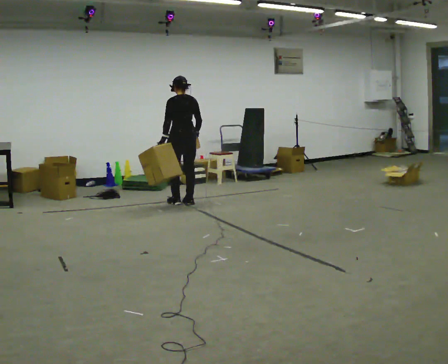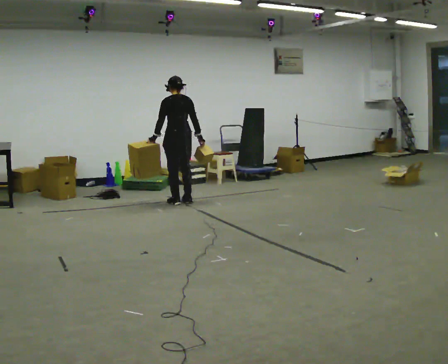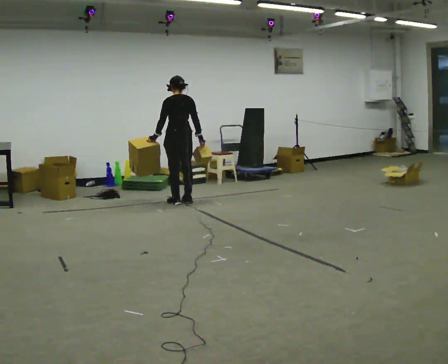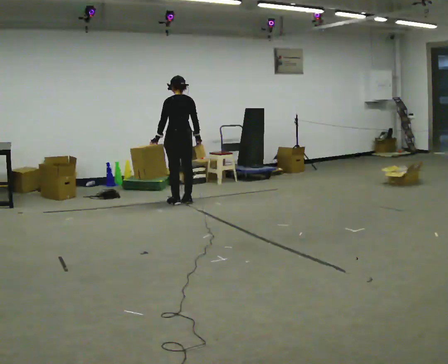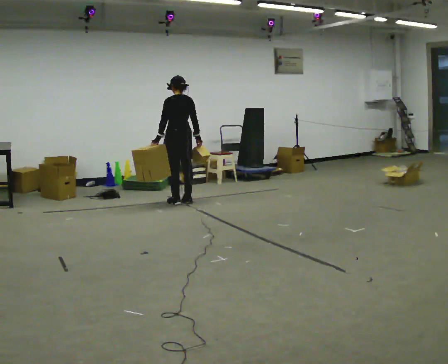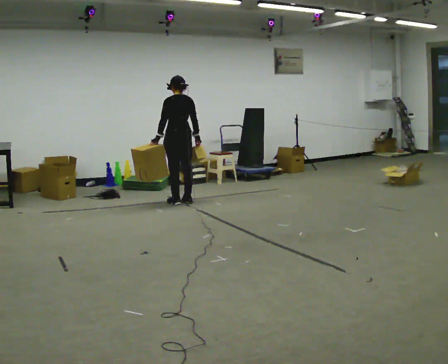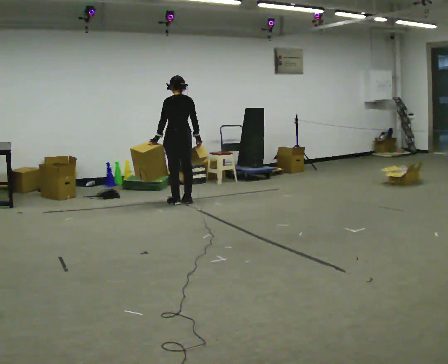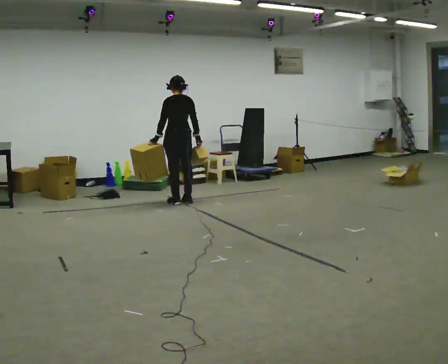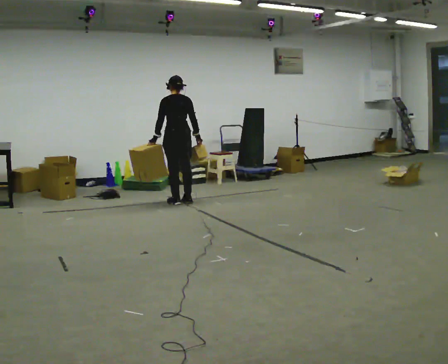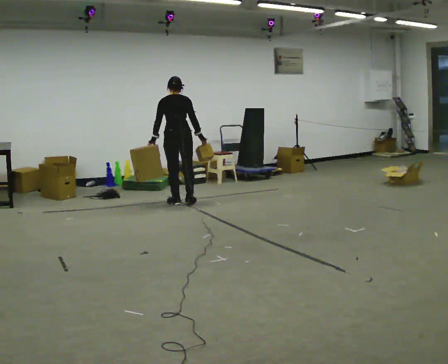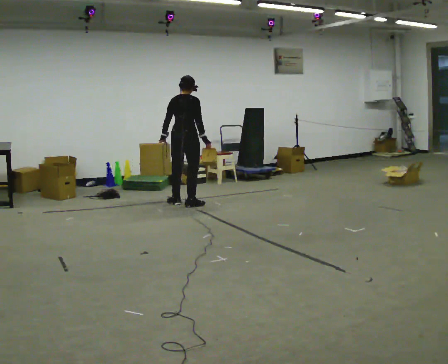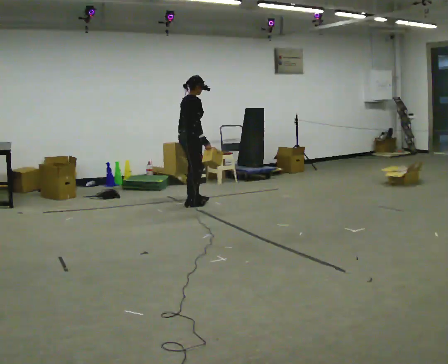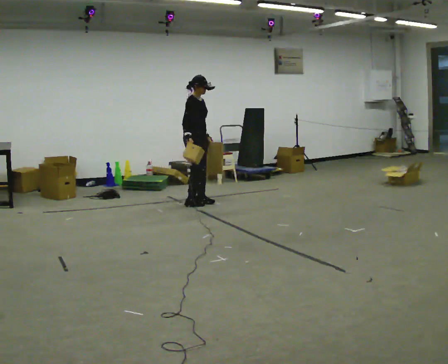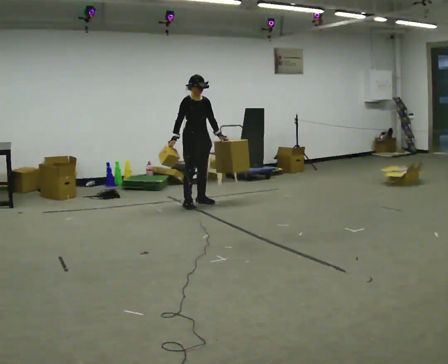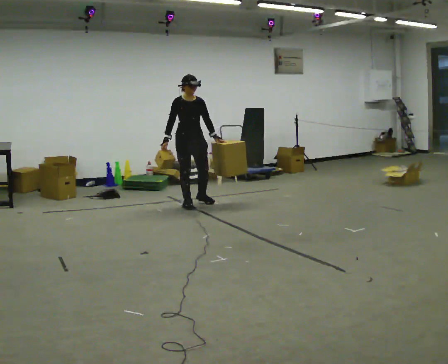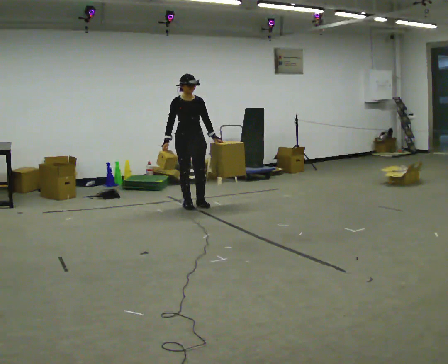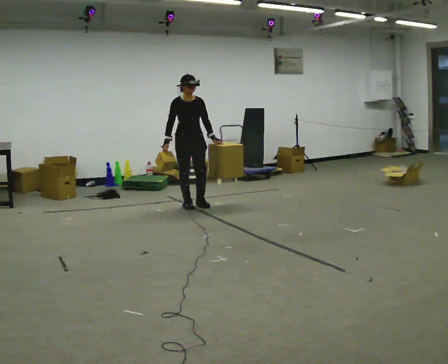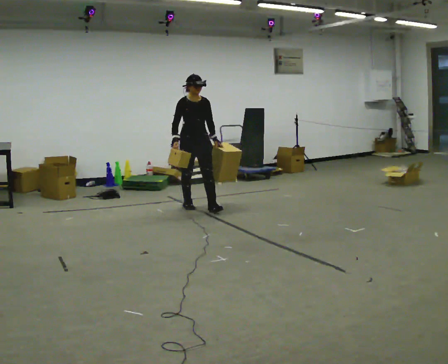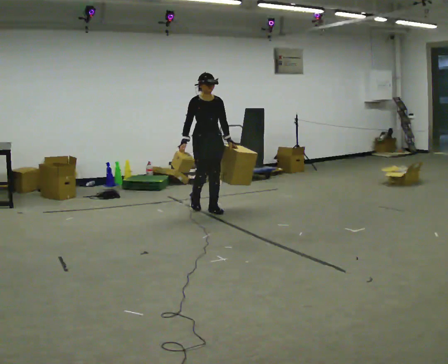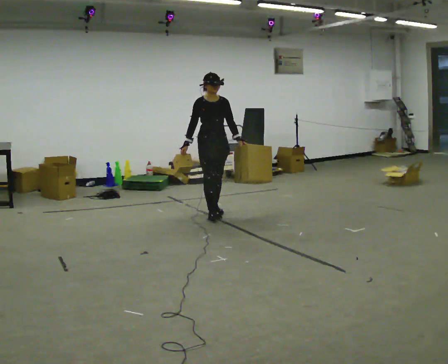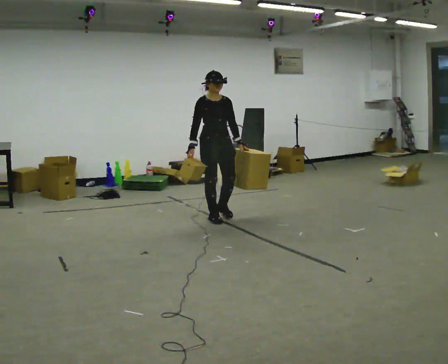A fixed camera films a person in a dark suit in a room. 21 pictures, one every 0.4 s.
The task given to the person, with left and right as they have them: Carry one object in each hand, the heavy one in the hand the operator calls, walking back and forth across the room.
0.0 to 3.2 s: The person moves a little, or ends about where they began.
3.2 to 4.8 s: Seen from above the body turns clockwise, about 135 degrees: to their right, with its near side sliding to the left. In the picture they go to the right, about 0.25 m in 2 steps.
4.8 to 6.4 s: The part of the body nearest the lens slides to the left as the person turns to their right by about 45 degrees. In the picture they go toward the camera, about 0.25 m in 1 step, which for them is forward and to their right.
6.4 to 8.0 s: In the picture they go toward the camera and to the right, about 0.5 m in 2 steps, which for them is forward.
The film runs forward here.
